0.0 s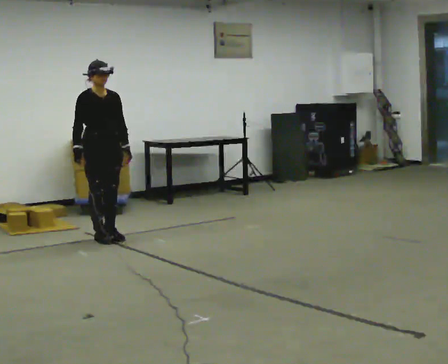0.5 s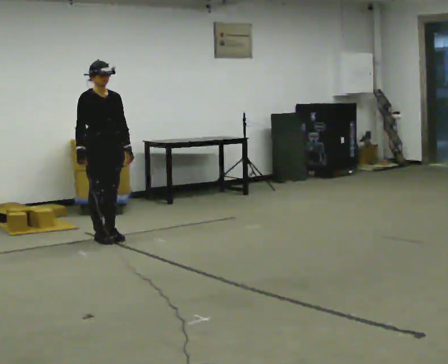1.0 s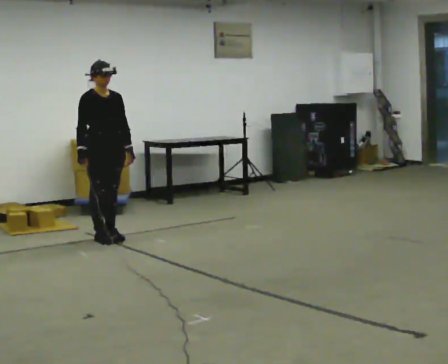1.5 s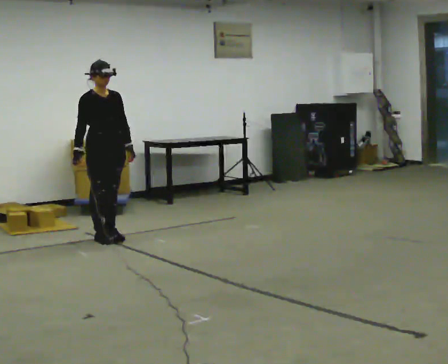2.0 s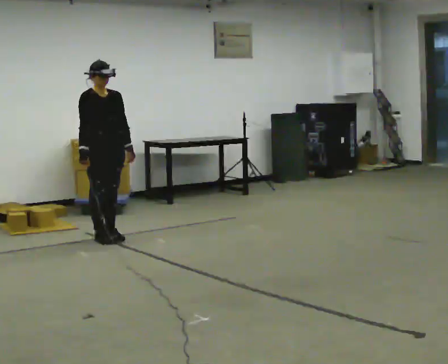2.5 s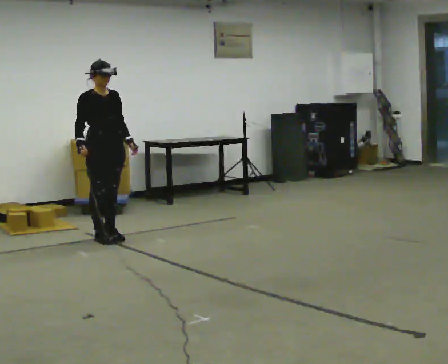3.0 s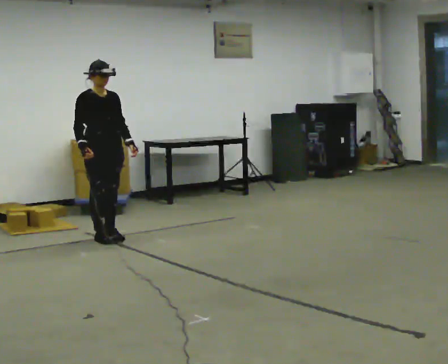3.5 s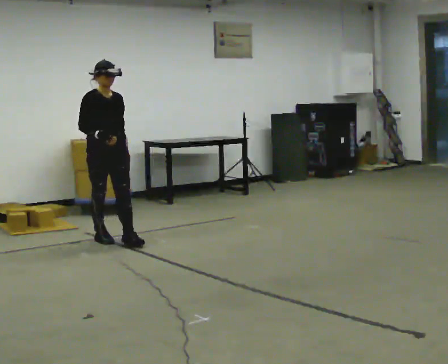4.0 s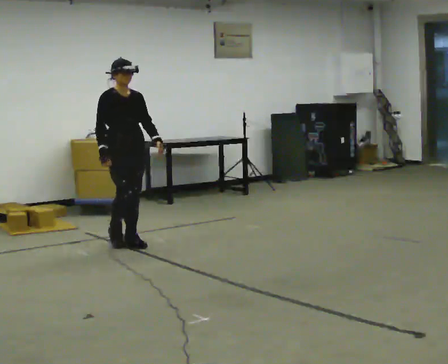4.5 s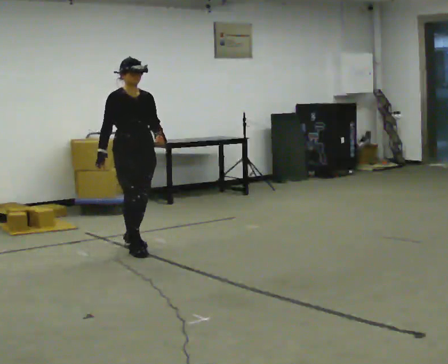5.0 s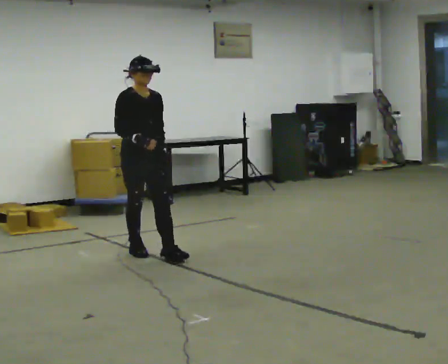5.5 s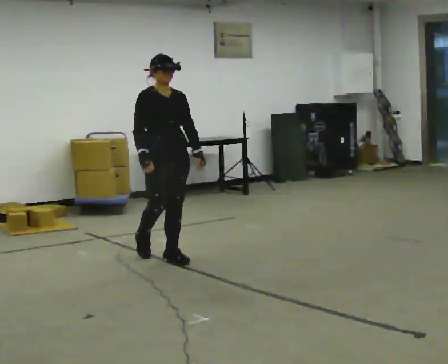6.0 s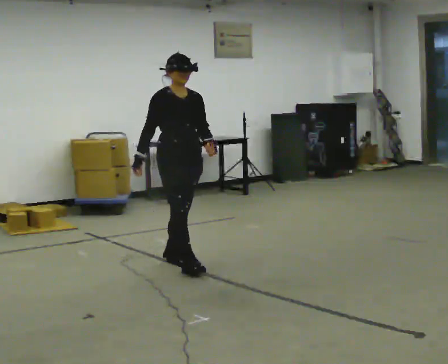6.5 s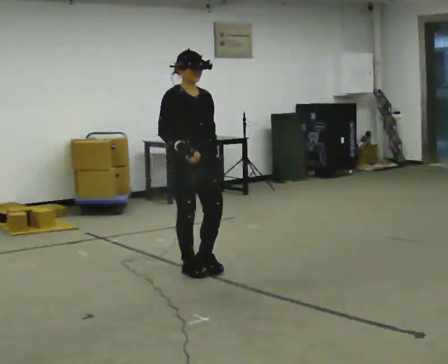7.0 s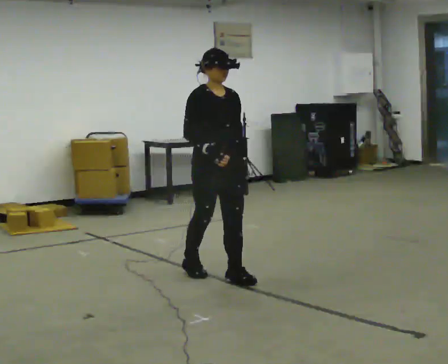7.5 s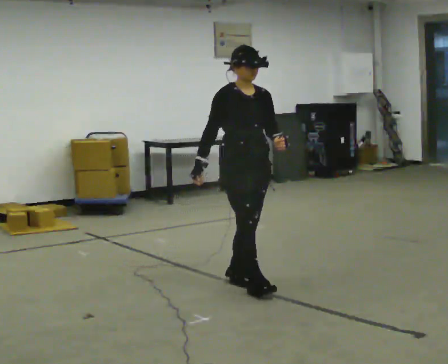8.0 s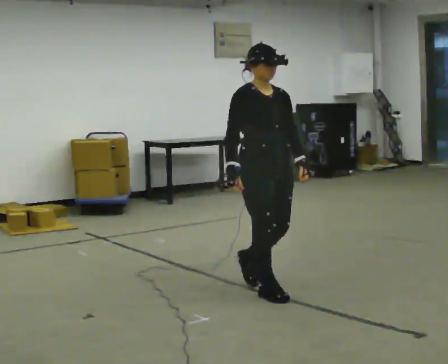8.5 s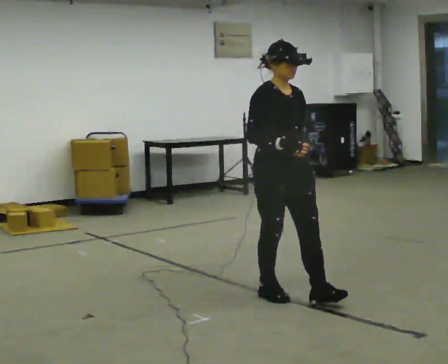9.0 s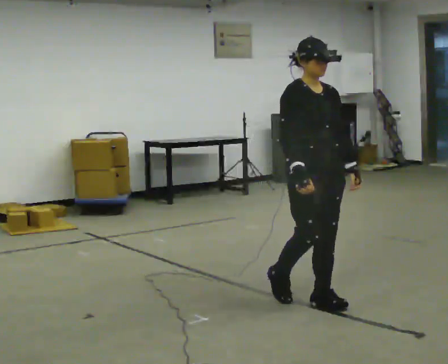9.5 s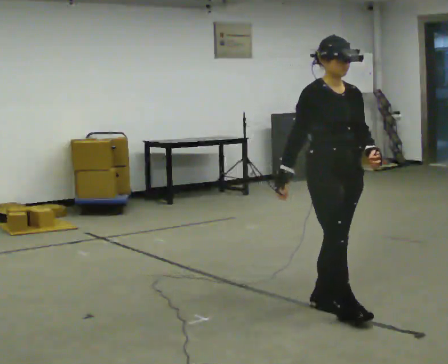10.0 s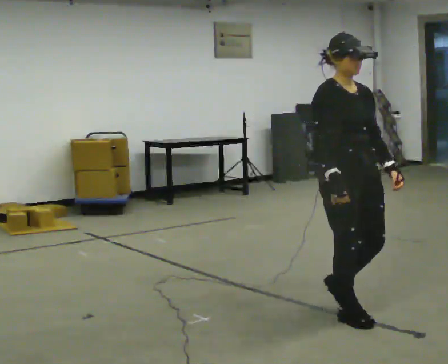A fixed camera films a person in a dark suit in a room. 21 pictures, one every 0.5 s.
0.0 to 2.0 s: The person moves a little, or ends about where they began.
2.0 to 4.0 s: In the picture they go toward the camera and to the right, about 0.25 m in 1 step, which for them is forward.
4.0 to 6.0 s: In the picture they go toward the camera and to the right, about 1 m in 3 steps, which for them is forward.
6.0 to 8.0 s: In the picture they go toward the camera and to the right, about 1 m in 2 steps, which for them is forward.
8.0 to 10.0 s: In the picture they go toward the camera and to the right, about 0.5 m in 2 steps, which for them is forward.
The film runs forward here.
